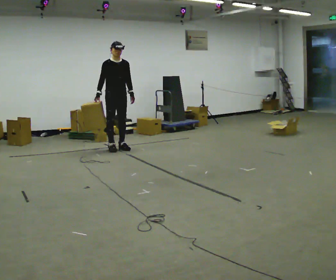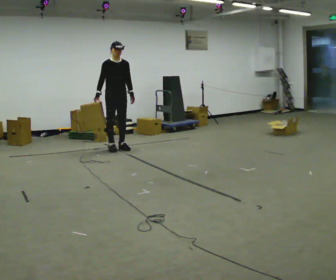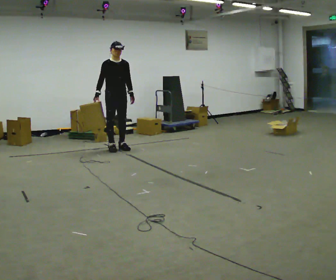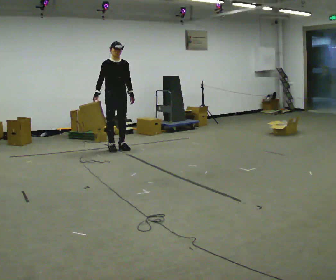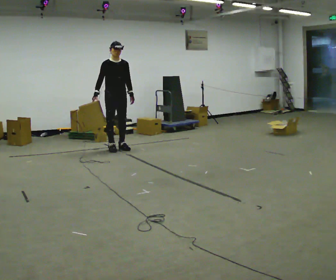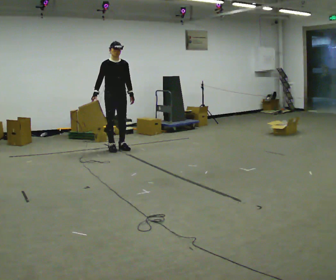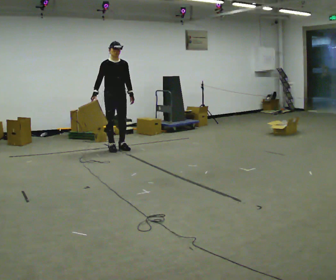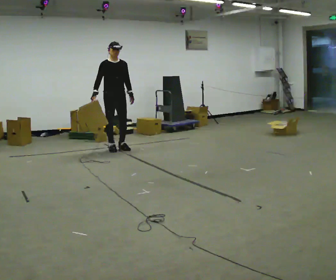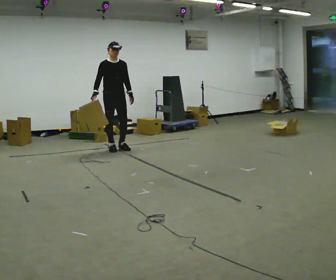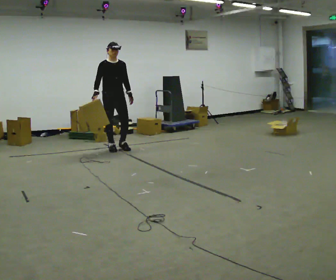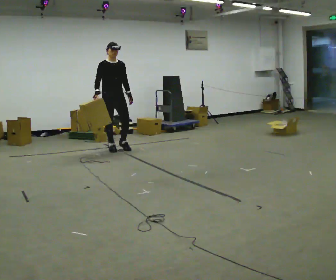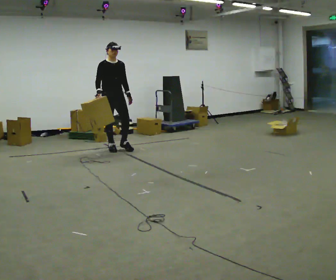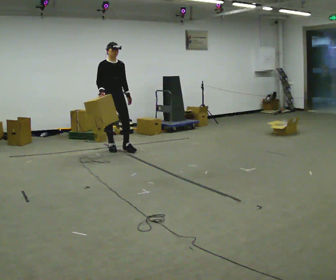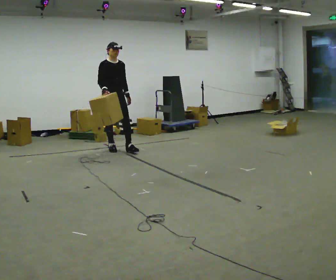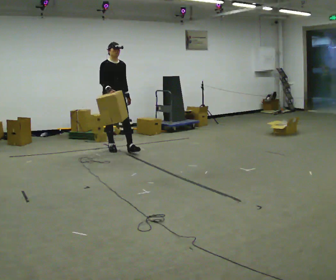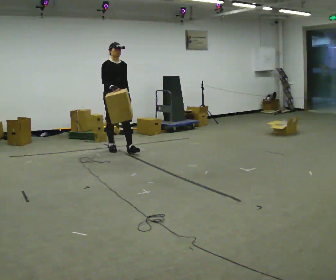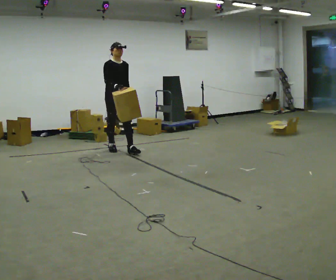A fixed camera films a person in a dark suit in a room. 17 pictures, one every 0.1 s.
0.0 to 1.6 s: In the picture they go toward the camera, about 0.25 m in 1 step, which for them is forward. In the picture their right hand goes to the right.
The film runs forward here.
